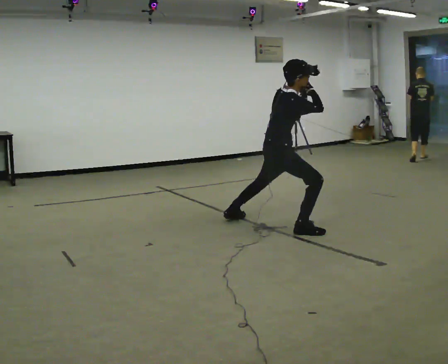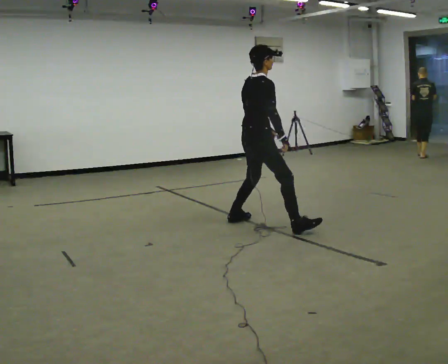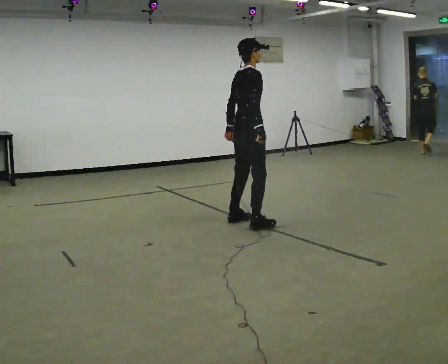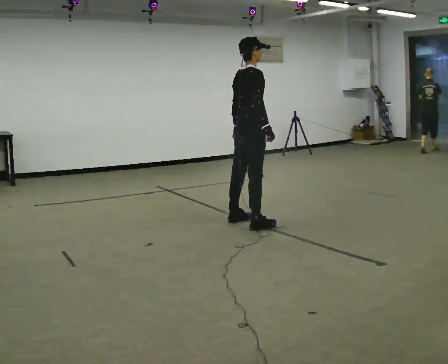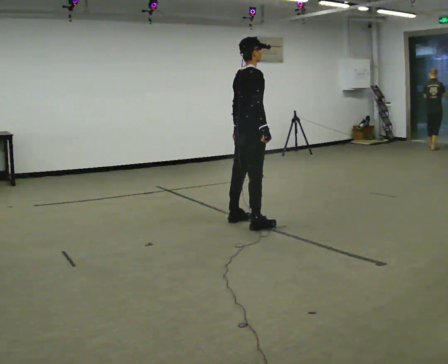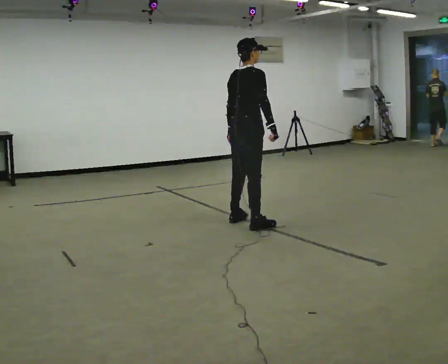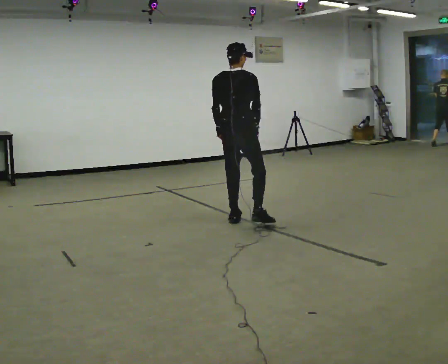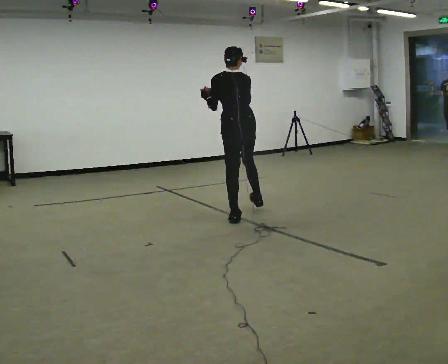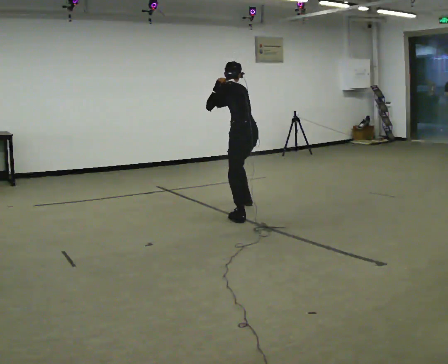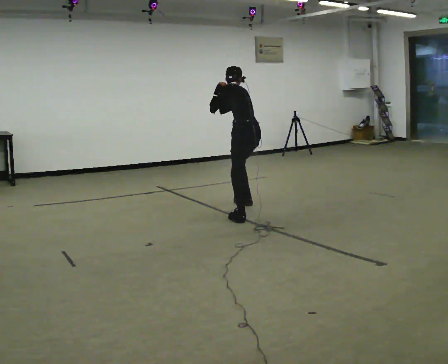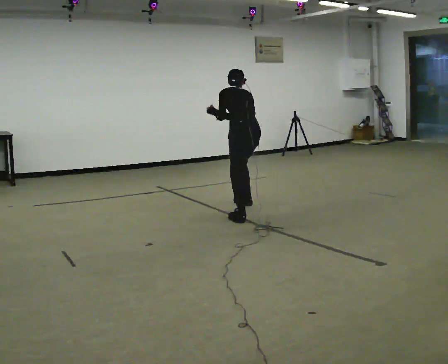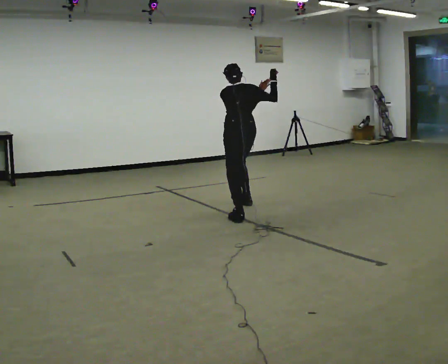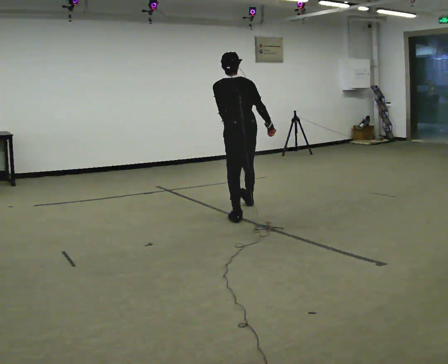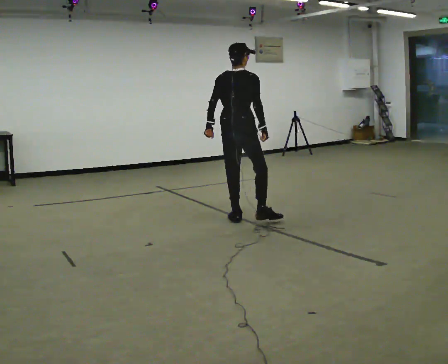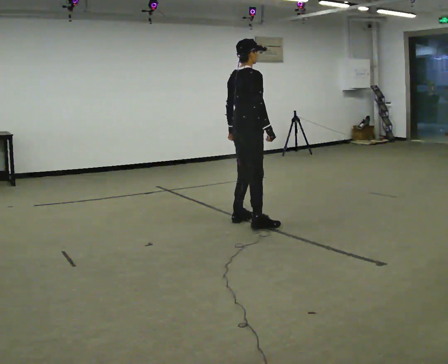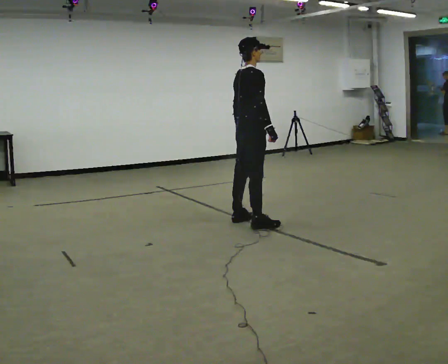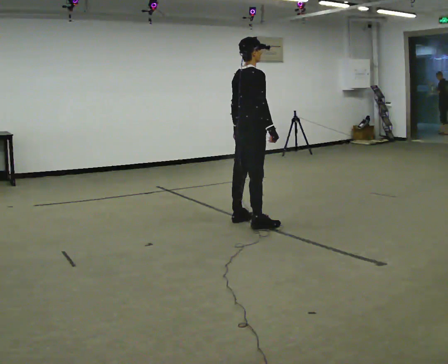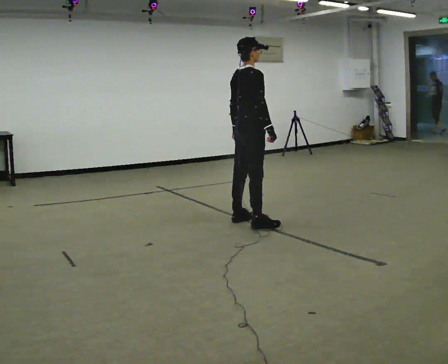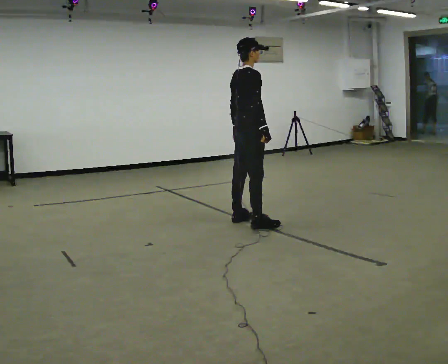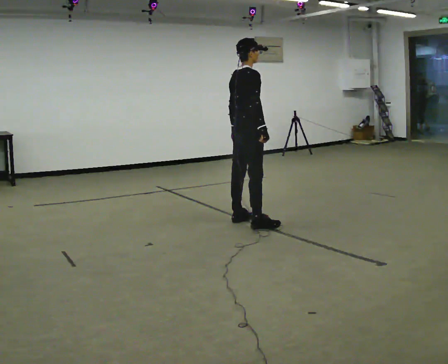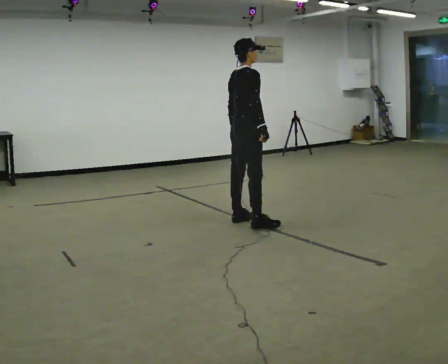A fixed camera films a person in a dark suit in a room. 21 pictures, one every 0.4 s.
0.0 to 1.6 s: In the picture they go to the left and away from the camera, about 0.25 m in 1 step, which for them is to their left. The upper body goes upward. The upper body tips away from the camera, its near side rolling upward. In the picture their right hand goes downward.
1.6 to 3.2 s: Seen from above the body turns counterclockwise, about 120 degrees: to their left, with its near side sliding to the right. In the picture they go away from the camera, about 0.5 m in 1 step. The upper body goes downward. The upper body tips away from the camera, its near side rolling upward, as they bend forward. In the picture their right hand goes upward.
3.2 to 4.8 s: Seen from above the body turns clockwise, about 30 degrees: to their right, with its near side sliding to the left. In the picture they go toward the camera, about 0.25 m, which for them is to their left and backward. In the picture their right hand goes to the right and downward.
4.8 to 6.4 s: The person turns about 75 degrees to their right, clockwise seen from above, so the part of the body nearest the lens slides to the left. In the picture they go toward the camera, about 0.25 m in 1 step.
6.4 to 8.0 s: The person moves a little, or ends about where they began.
The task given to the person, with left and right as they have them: Mime tennis groundstrokes with no racket, alternating forehand and backhand. Repeat the movement at your own pace until the operator says stop; do not rush.
The film runs forward here.
